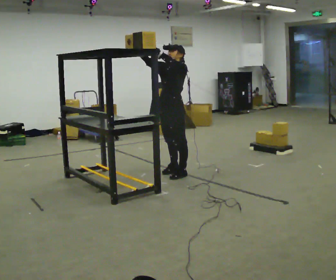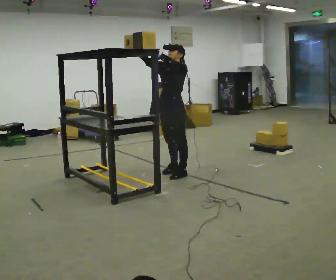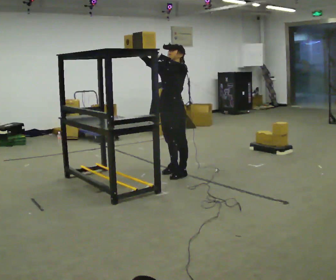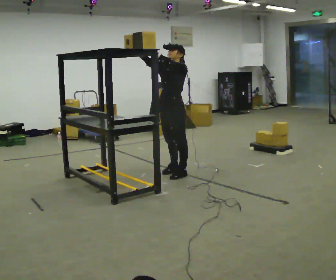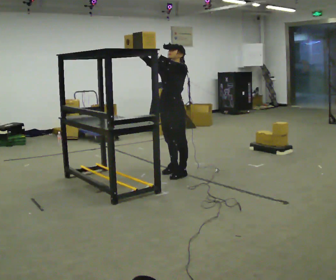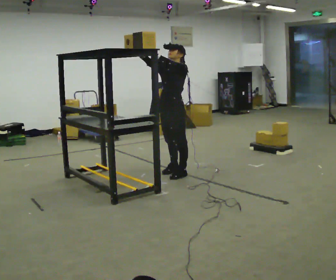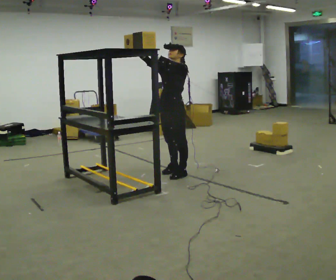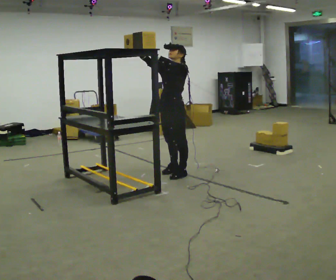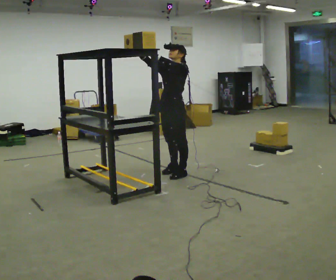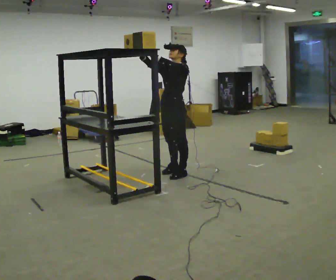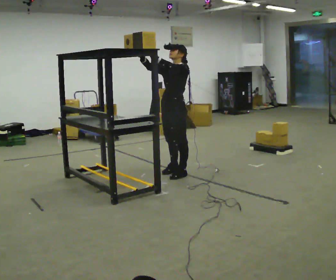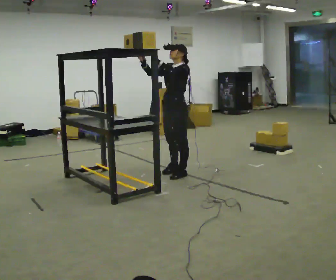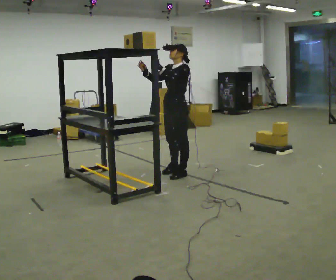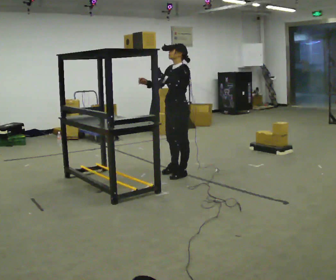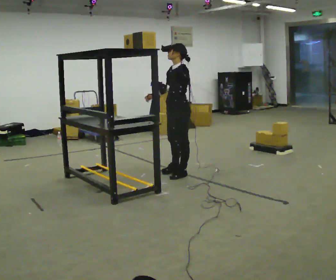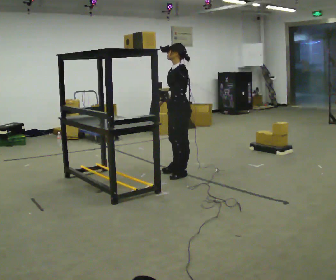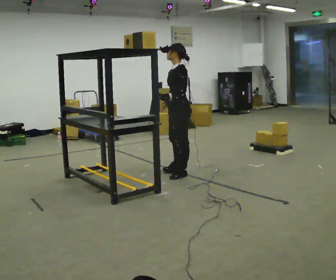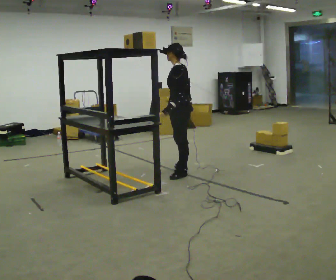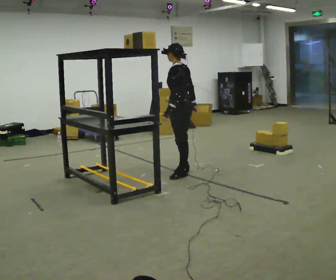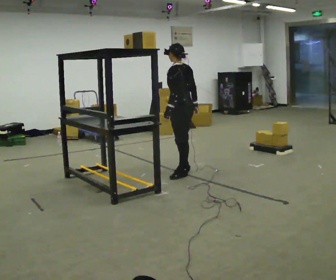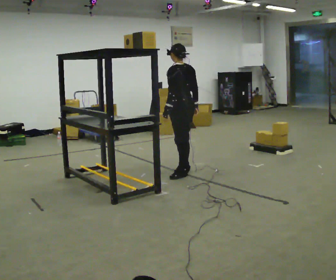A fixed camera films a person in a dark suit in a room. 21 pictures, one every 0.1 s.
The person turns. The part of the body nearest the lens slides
to the left.
The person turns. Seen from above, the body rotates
clockwise.
0.0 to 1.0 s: The person moves a little, or ends about where they began.
1.0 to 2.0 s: Seen from above the body turns clockwise, about 75 degrees: to their right, with its near side sliding to the left. In the picture their right hand goes to the right and downward, the arm swinging counterclockwise.
The film runs forward here.
